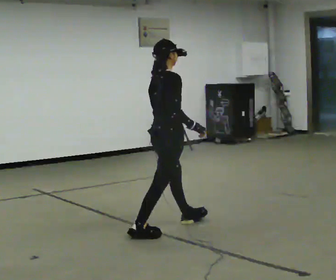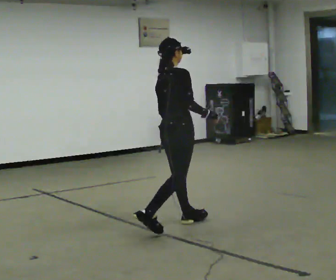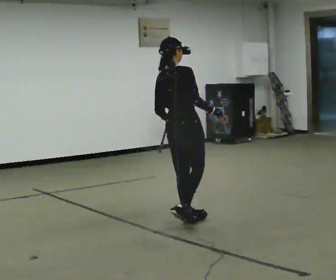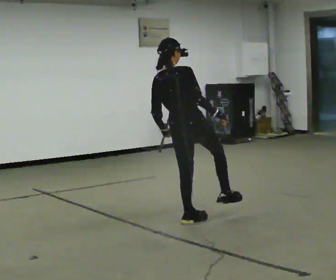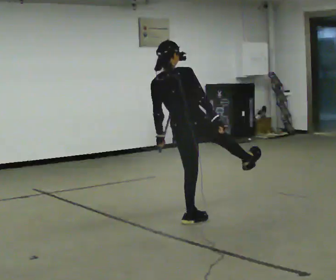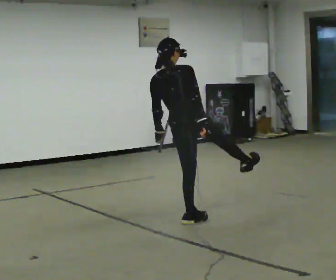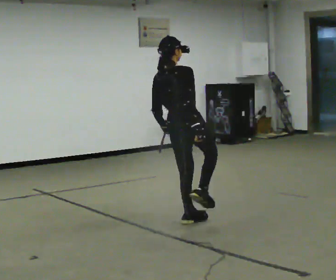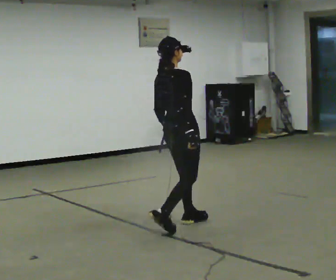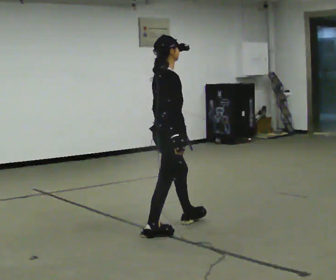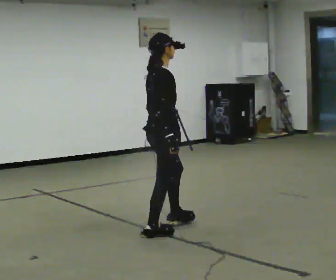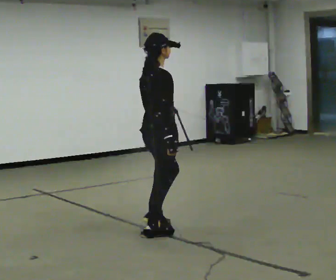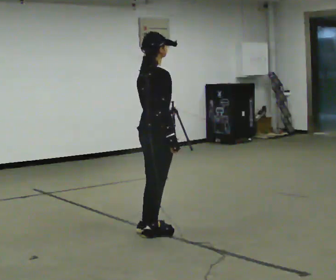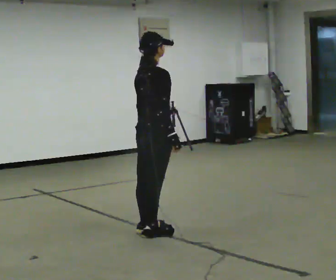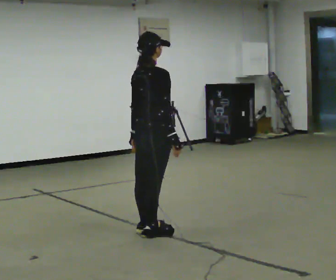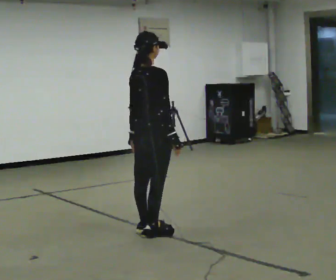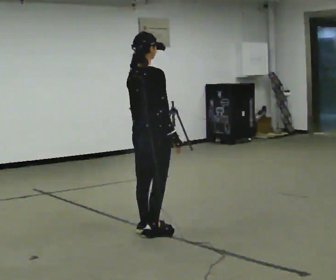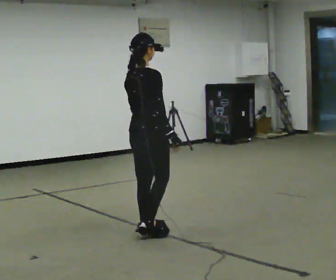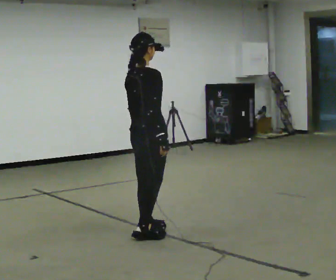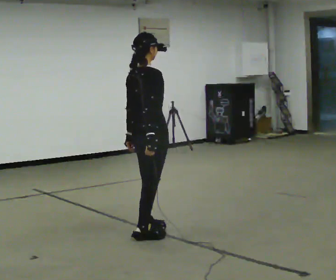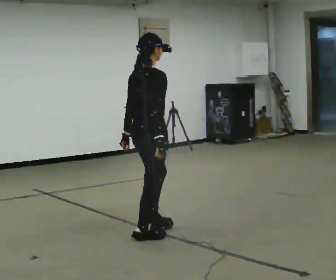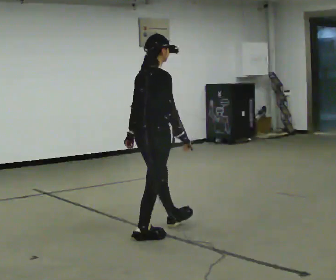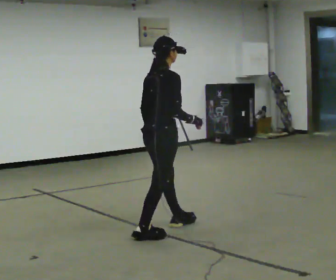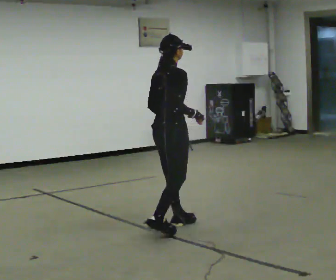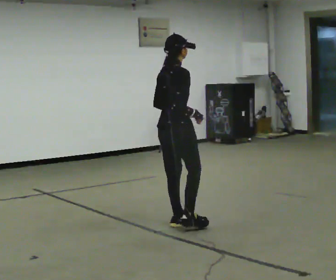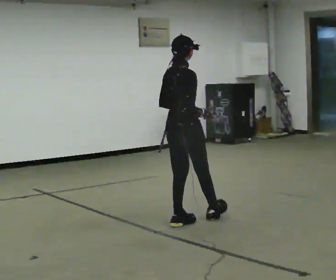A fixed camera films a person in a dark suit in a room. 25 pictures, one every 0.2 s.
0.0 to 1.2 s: The person turns about 30 degrees to their left, counterclockwise seen from above, so the part of the body nearest the lens slides to the right. In the picture they go to the right and away from the camera, about 0.25 m, which for them is forward.
1.2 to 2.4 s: The part of the body nearest the lens slides to the left as the person turns to their right by about 30 degrees. In the picture they go to the left and toward the camera, about 0.25 m in 1 step, which for them is backward and to their right. In the picture the upper body tilts clockwise, shoulders to the right.
2.4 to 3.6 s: The person moves a little, or ends about where they began.
3.6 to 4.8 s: In the picture they go to the right and away from the camera, about 0.5 m in 2 steps, which for them is forward and to their left.
The film runs backward here.
